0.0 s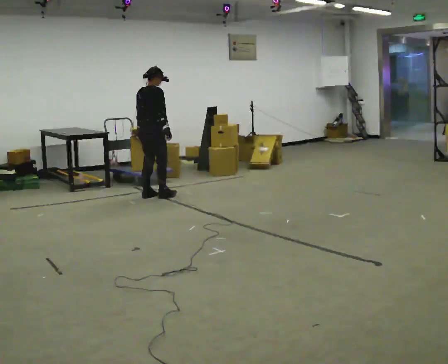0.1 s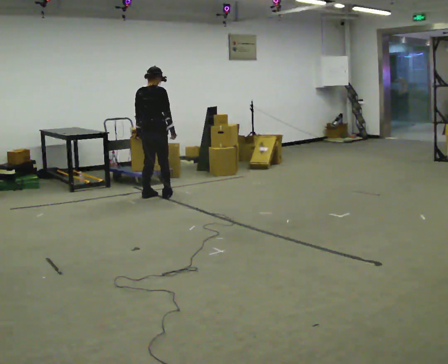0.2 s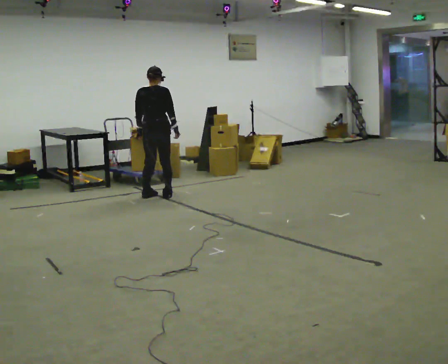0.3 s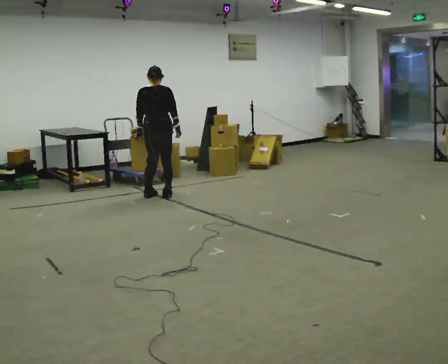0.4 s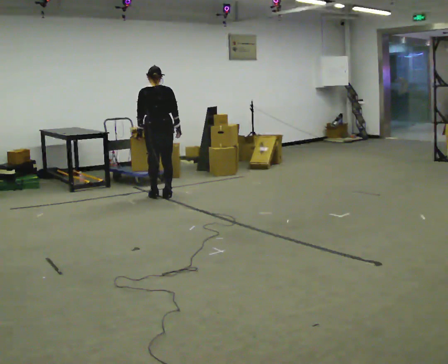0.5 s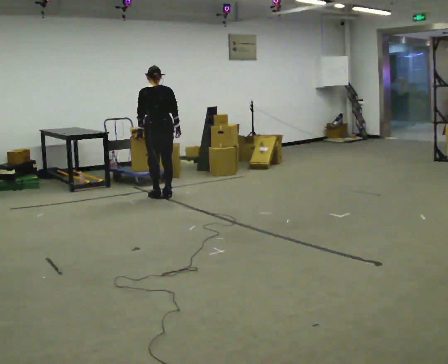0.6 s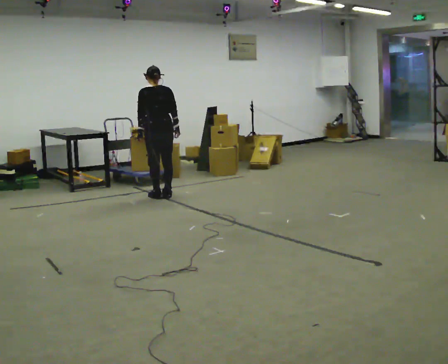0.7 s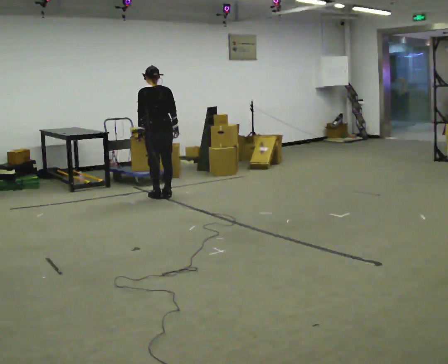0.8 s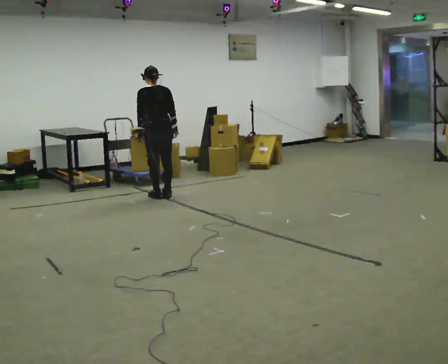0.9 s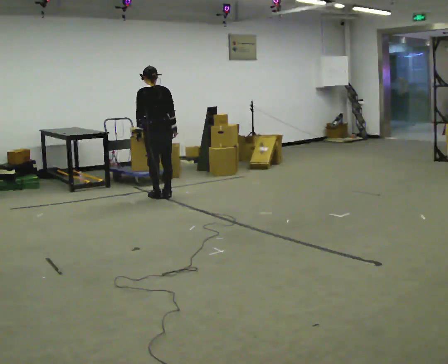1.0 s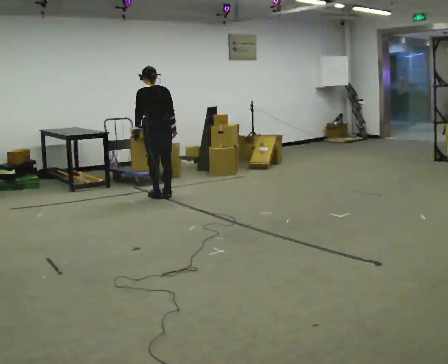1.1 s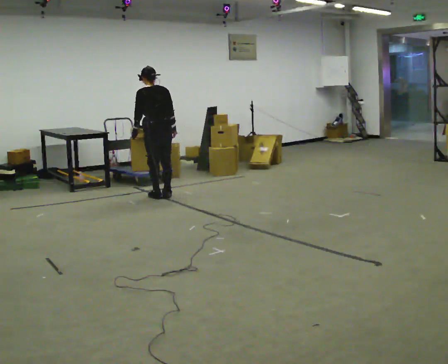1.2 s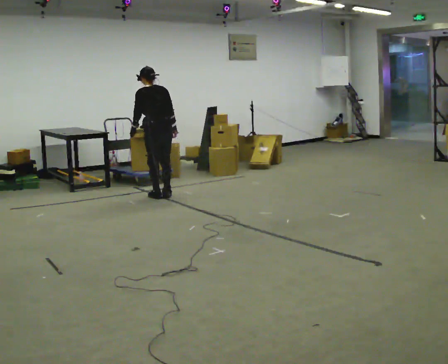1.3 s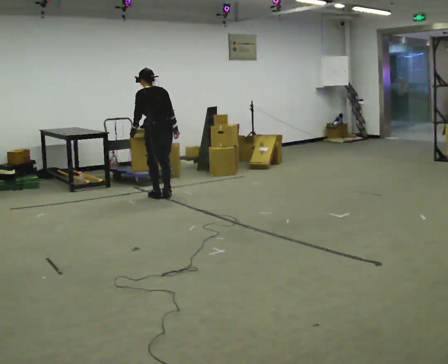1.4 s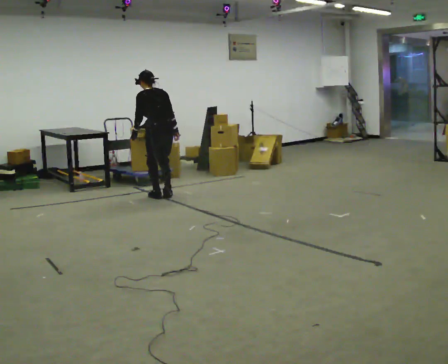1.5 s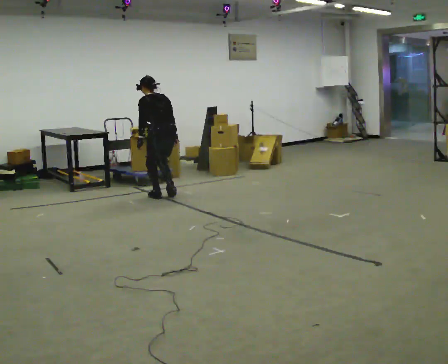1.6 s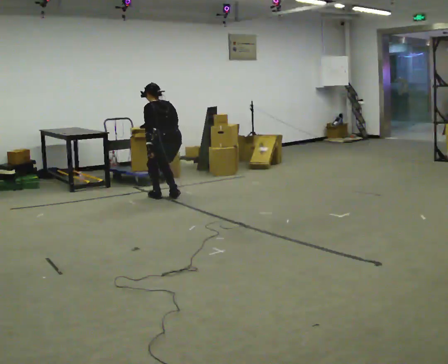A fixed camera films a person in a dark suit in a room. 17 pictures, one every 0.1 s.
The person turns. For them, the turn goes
to their left.
The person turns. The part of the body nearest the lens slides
to the right.
0.0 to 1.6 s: The part of the body nearest the lens slides to the right as the person turns to their left by about 90 degrees. In the picture they go to the right, about 0.25 m in 2 steps. In the picture the upper body tilts counterclockwise, shoulders to the left, as they bend forward.
The film runs backward here.
